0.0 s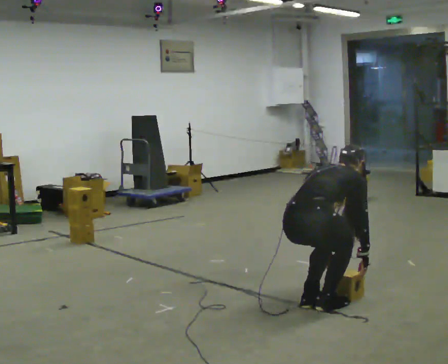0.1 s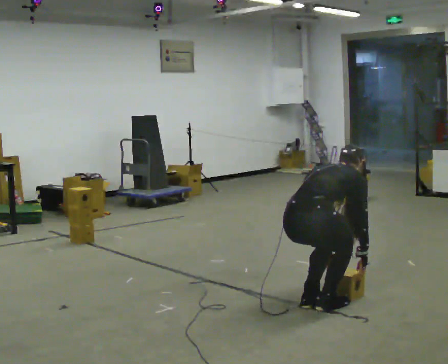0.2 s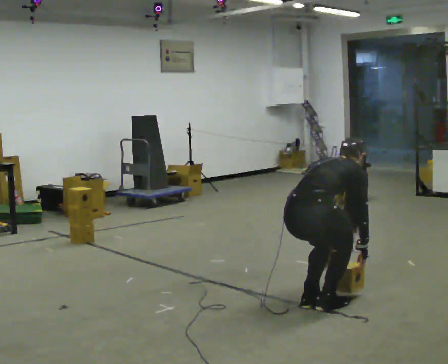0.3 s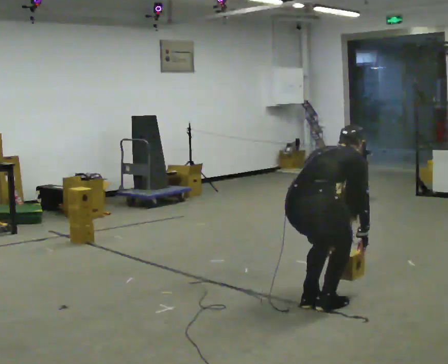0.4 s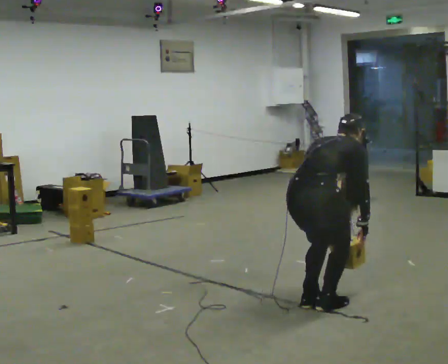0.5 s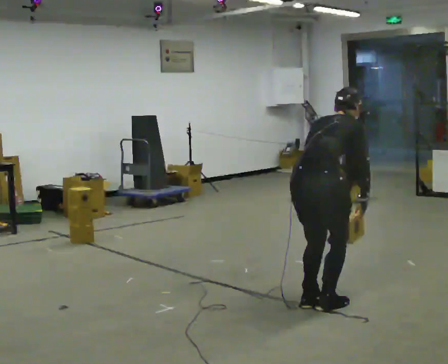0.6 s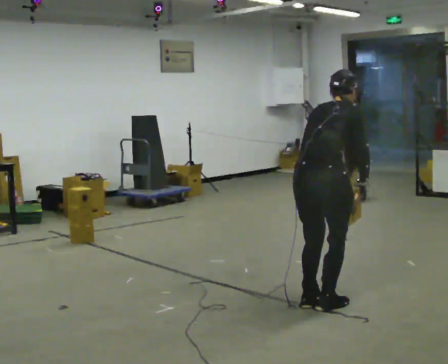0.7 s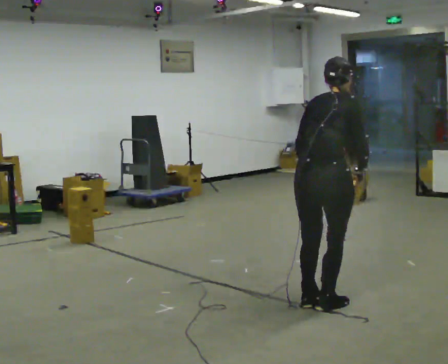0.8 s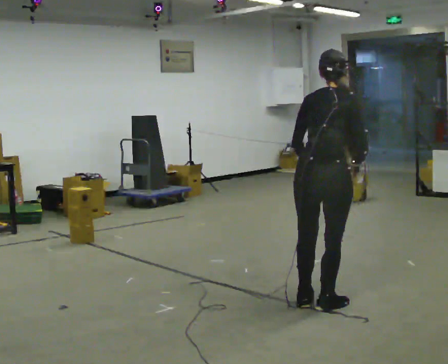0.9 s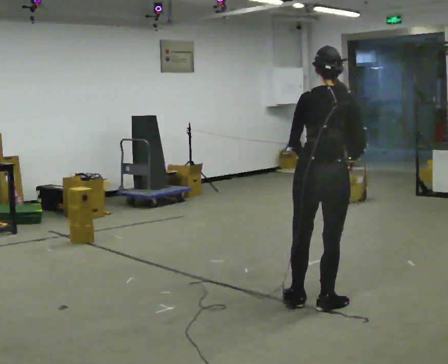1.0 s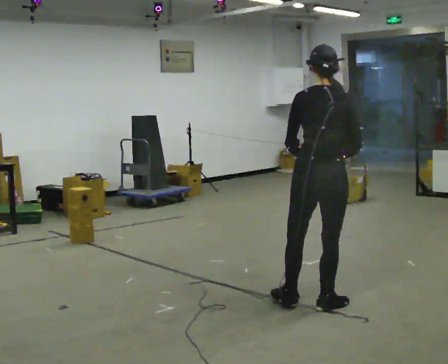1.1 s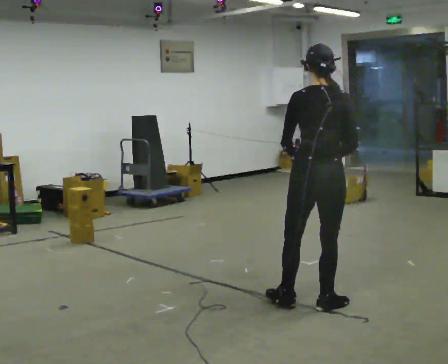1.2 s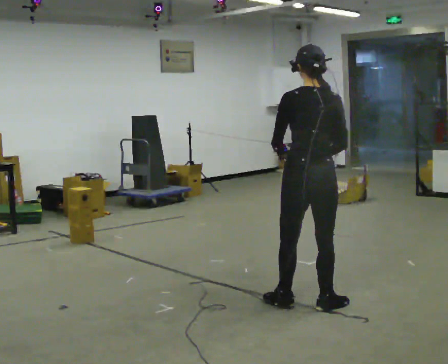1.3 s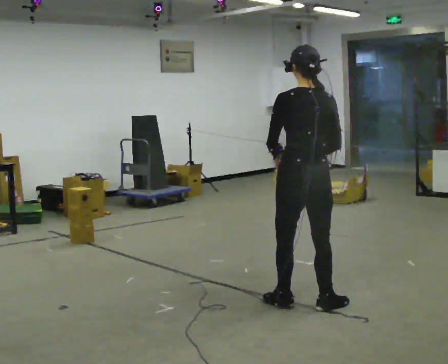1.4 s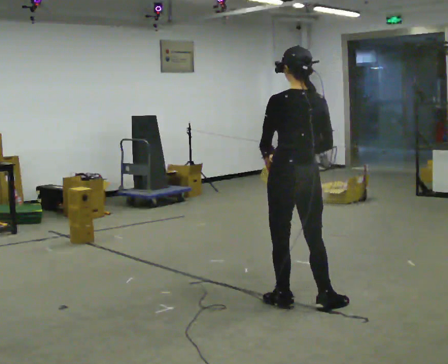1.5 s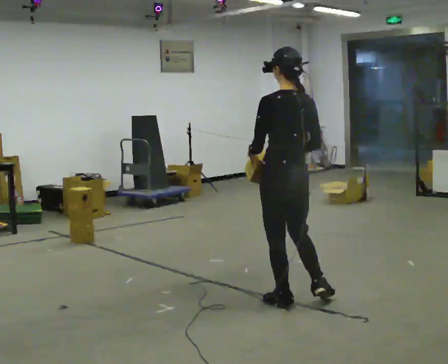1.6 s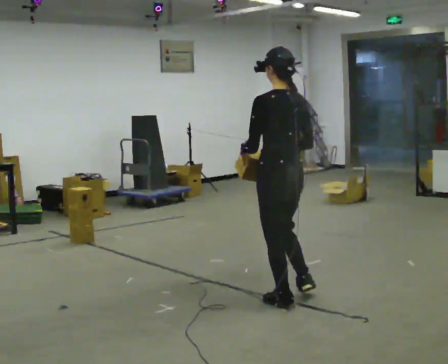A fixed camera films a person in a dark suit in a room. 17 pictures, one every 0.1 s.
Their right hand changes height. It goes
upward.
The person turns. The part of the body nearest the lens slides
to the right.
0.0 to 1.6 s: The part of the body nearest the lens slides to the right as the person turns to their left by about 75 degrees. In the picture they go away from the camera, about 0.25 m. The upper body goes upward. The upper body tips toward the camera, its near side rolling downward, as they lean back or straighten. In the picture their right hand goes upward.
The film runs forward here.
